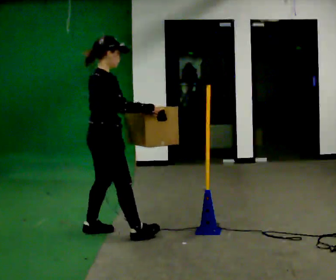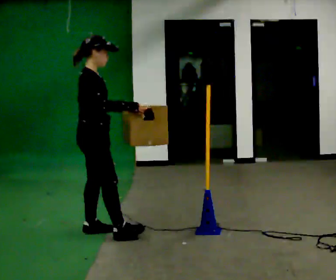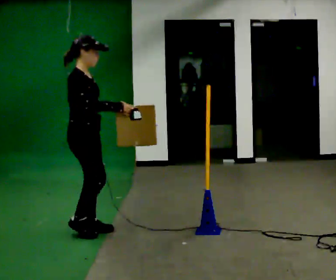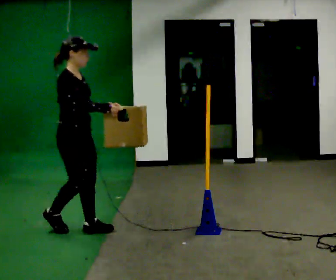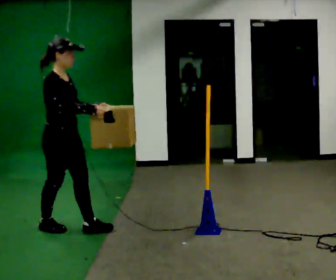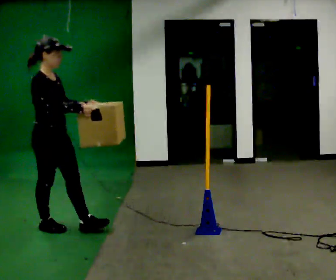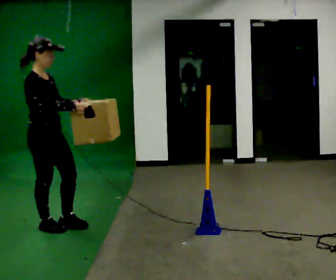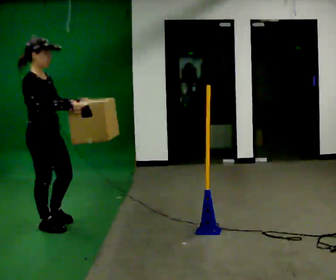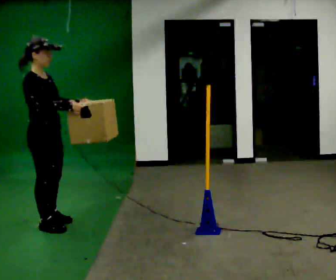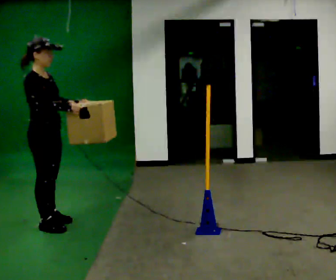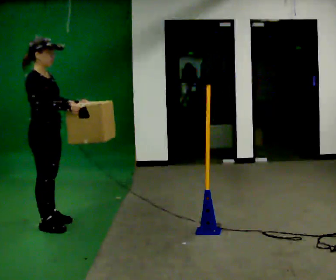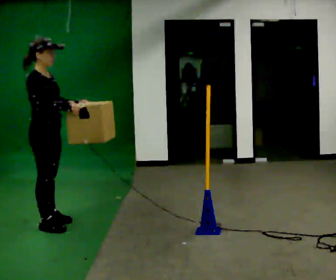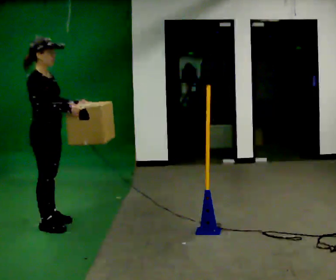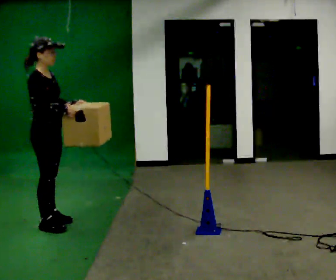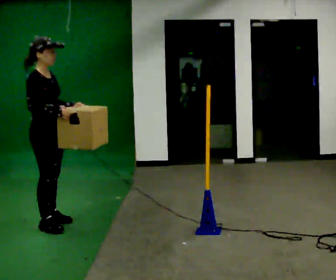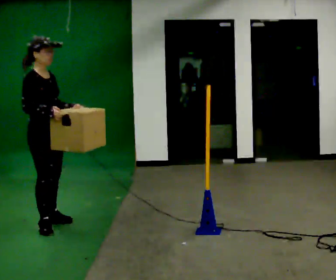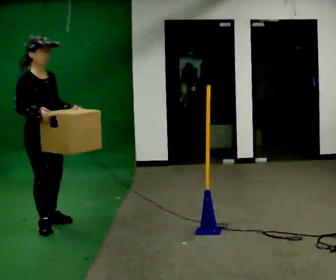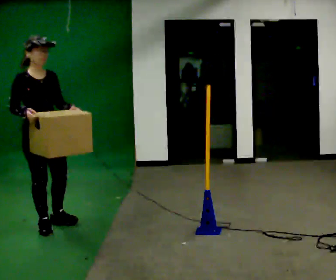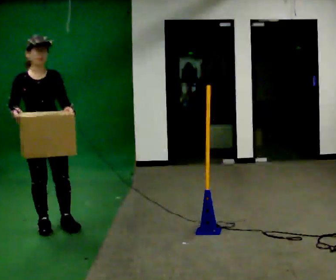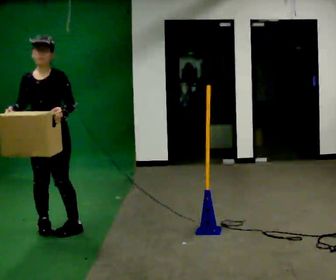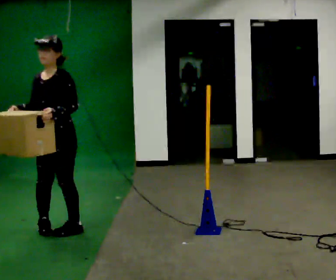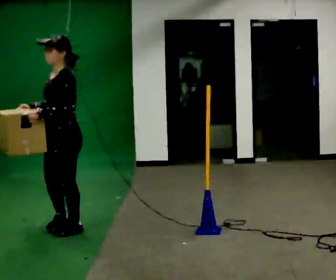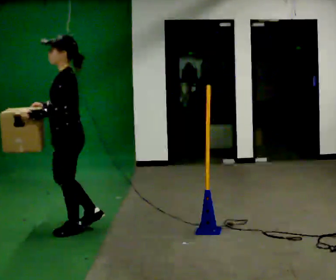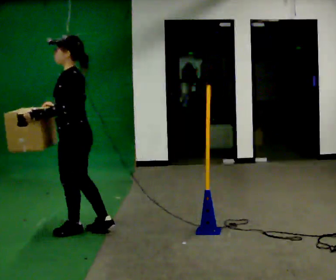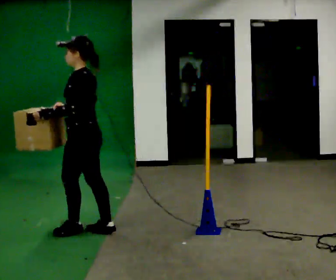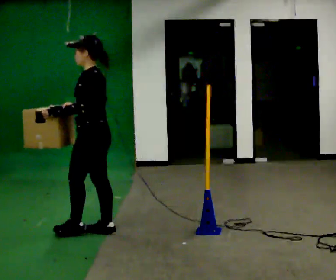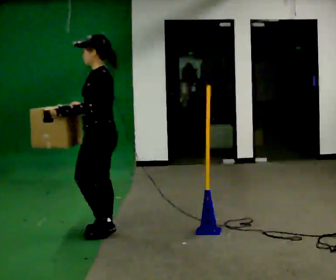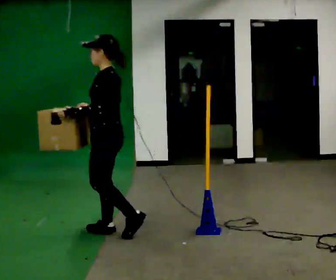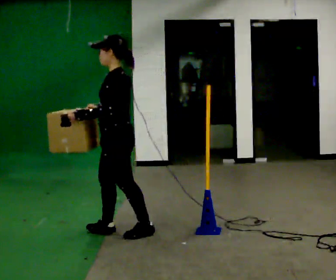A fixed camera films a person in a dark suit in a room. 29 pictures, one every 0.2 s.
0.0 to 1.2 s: The part of the body nearest the lens slides to the left as the person turns to their right by about 30 degrees. In the picture they go to the left and away from the camera, about 0.5 m in 2 steps, which for them is backward.
1.2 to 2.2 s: In the picture they go away from the camera, about 0.25 m, which for them is to their left.
2.2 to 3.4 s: The part of the body nearest the lens slides to the left as the person turns to their right by about 30 degrees. In the picture their right hand goes to the left.
3.4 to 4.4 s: Seen from above the body turns clockwise, about 120 degrees: to their right, with its near side sliding to the left. In the picture they go to the right and toward the camera, about 0.25 m in 1 step.
4.4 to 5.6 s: In the picture they go to the right and toward the camera, about 0.5 m in 1 step, which for them is backward.
The film runs backward here.
